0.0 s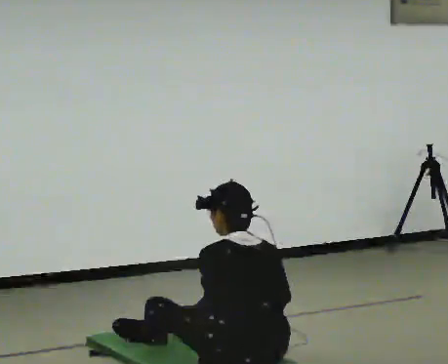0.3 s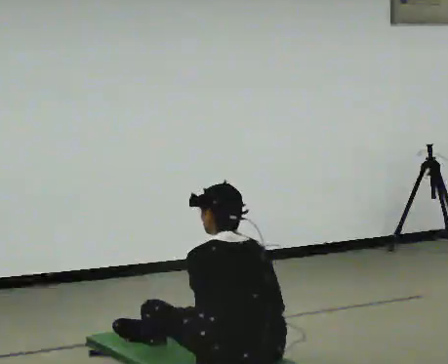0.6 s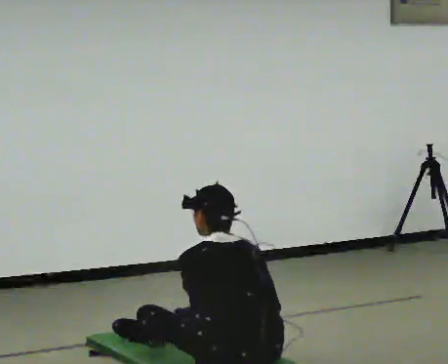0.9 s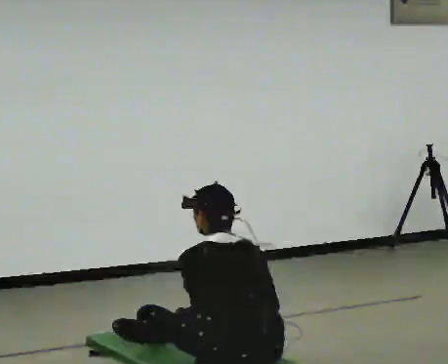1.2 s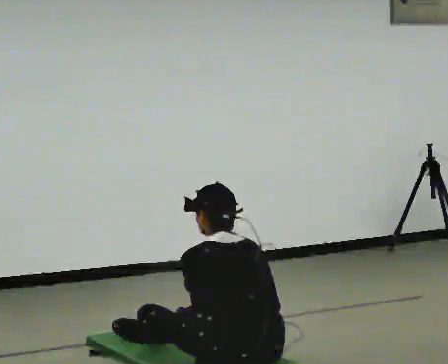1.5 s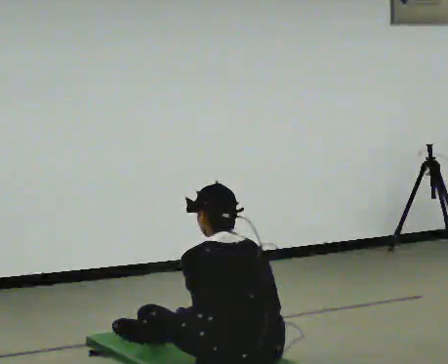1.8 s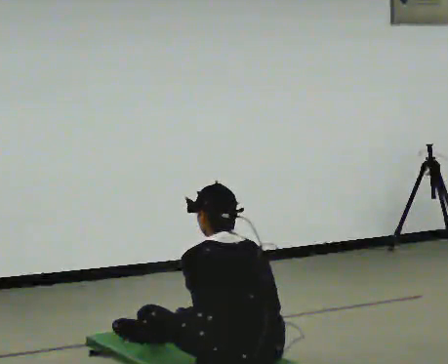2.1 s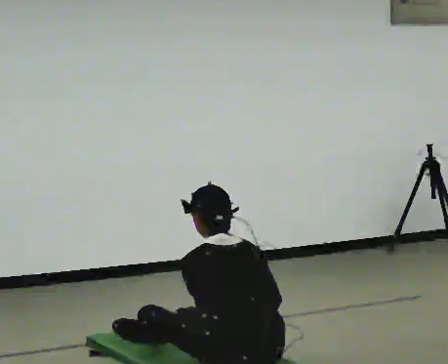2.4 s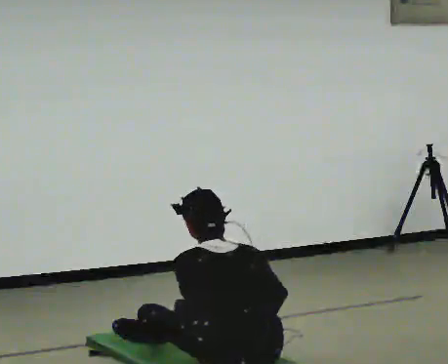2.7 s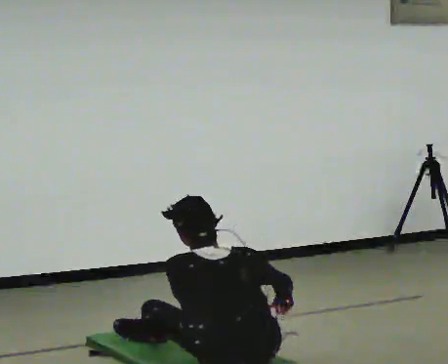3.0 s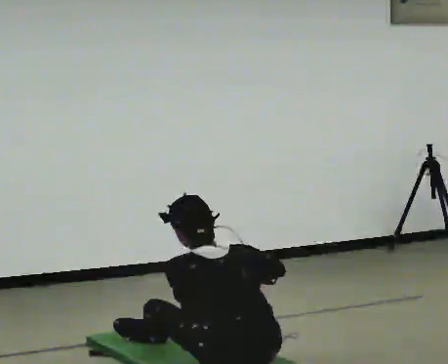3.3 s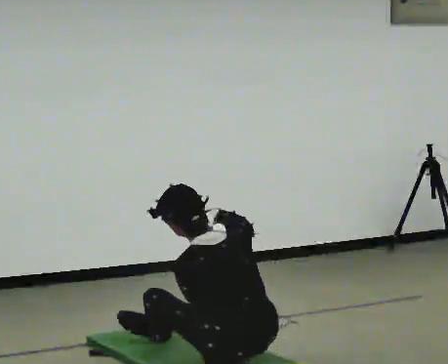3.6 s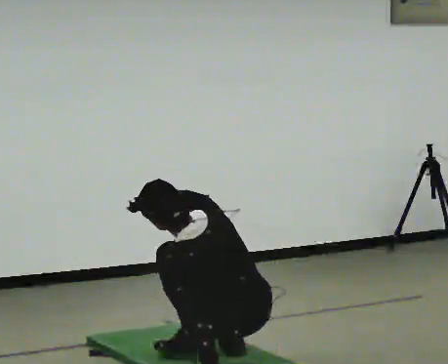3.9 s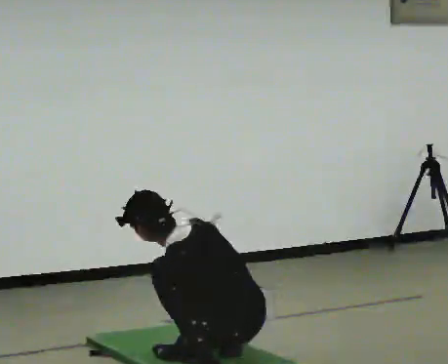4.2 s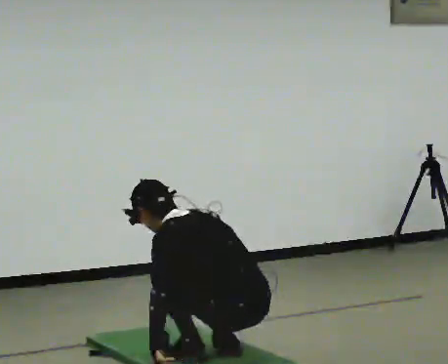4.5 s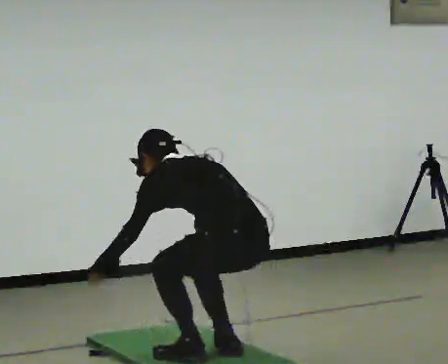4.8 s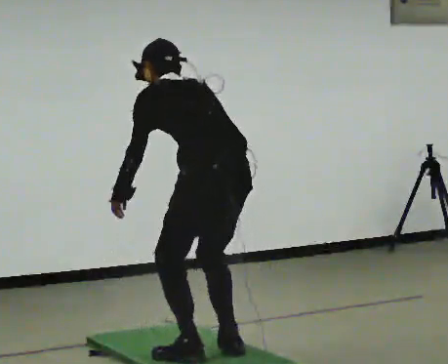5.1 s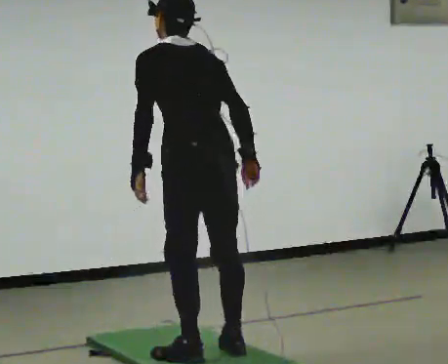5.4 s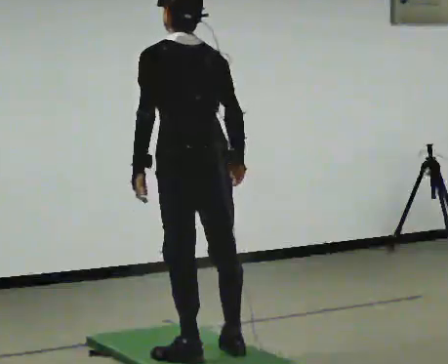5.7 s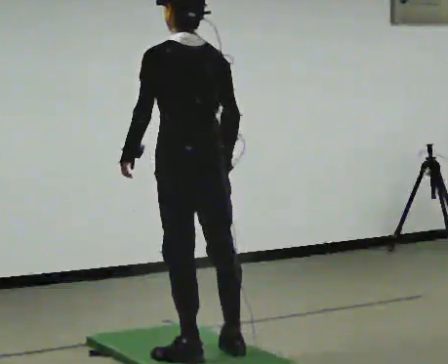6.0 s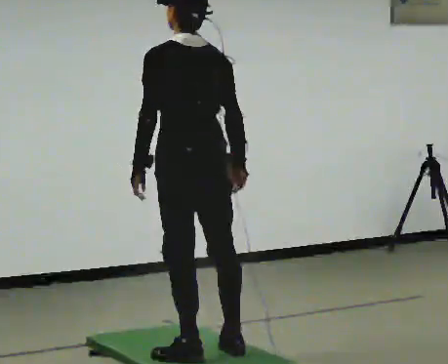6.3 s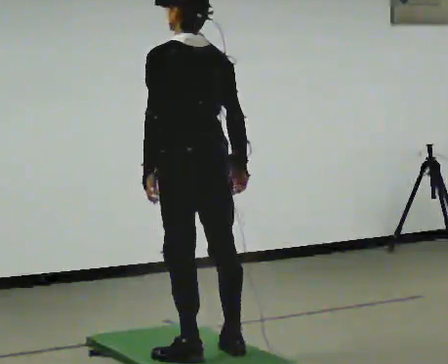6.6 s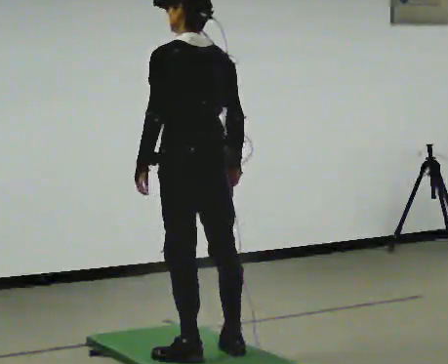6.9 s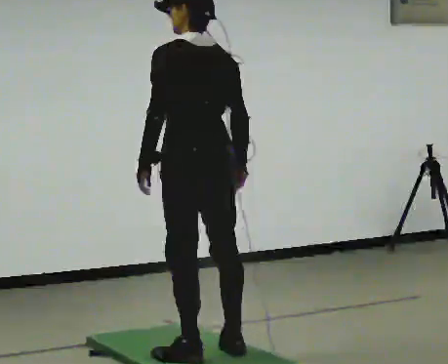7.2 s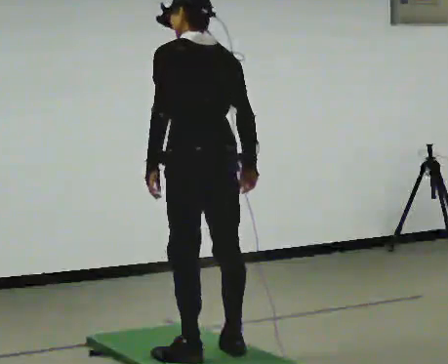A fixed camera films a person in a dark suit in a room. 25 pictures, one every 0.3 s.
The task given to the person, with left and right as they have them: From standing, sit down on the floor, then stand back up in whatever way is natural. Repeat the movement at your own pace until the operator says stop; do not rush.
0.0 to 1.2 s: The person moves a little, or ends about where they began.
1.2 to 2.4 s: The upper body tips toward the camera, its near side rolling downward, as they lean back or straighten.
2.4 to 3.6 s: In the picture their right hand goes upward and to the left.
3.6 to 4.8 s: The upper body goes upward. In the picture their right hand goes to the right.
4.8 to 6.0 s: In the picture they go away from the camera, about 0.25 m, which for them is forward. The shoulders move upward. The upper body tips toward the camera, its near side rolling downward, as they lean back or straighten.
6.0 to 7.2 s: The person moves a little, or ends about where they began.
The film runs forward here.
